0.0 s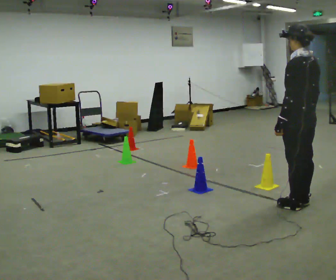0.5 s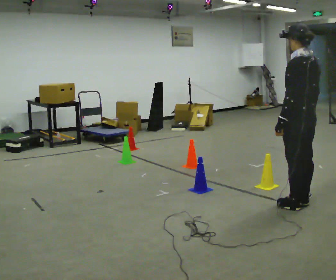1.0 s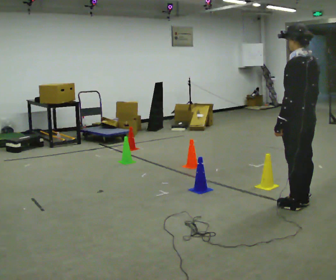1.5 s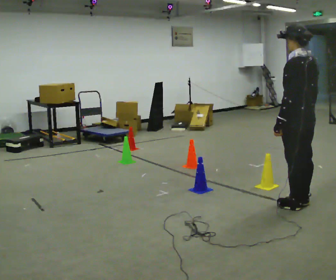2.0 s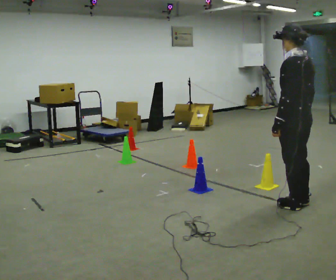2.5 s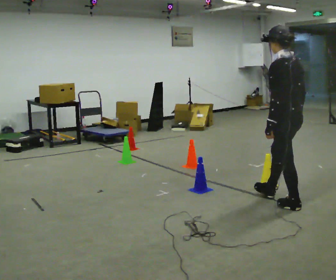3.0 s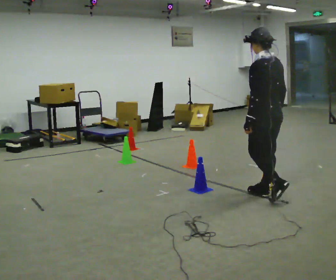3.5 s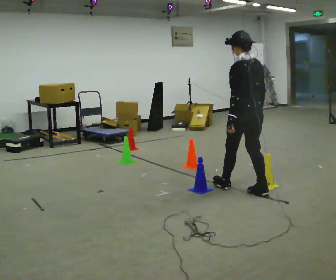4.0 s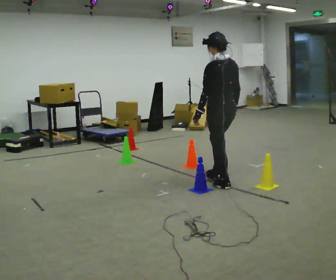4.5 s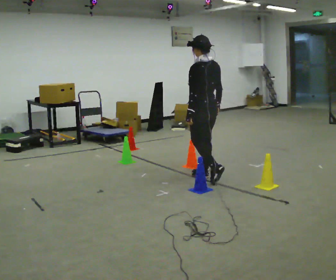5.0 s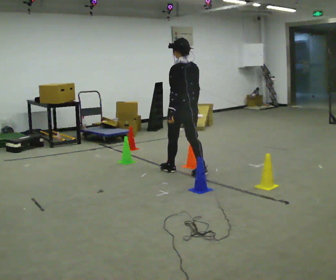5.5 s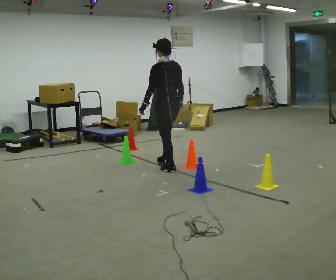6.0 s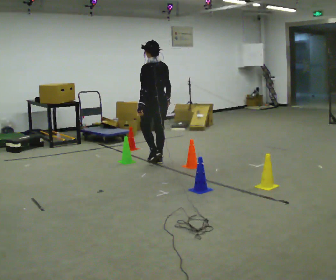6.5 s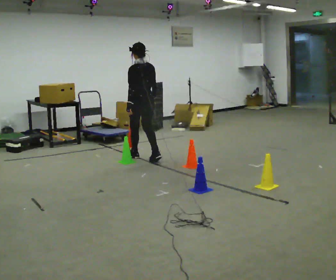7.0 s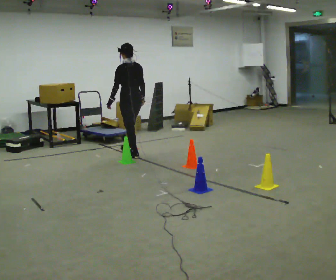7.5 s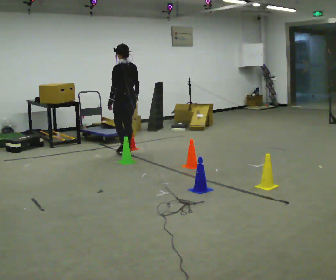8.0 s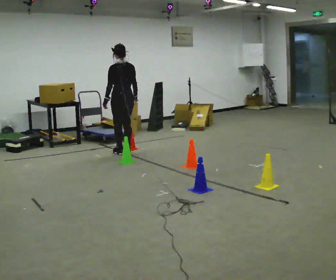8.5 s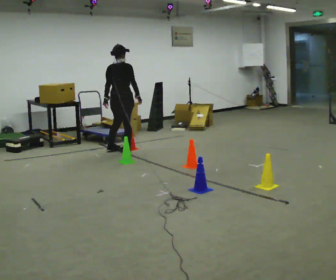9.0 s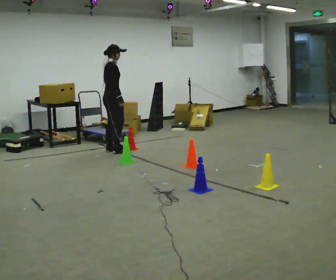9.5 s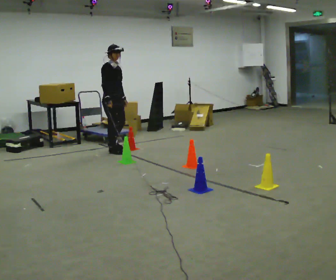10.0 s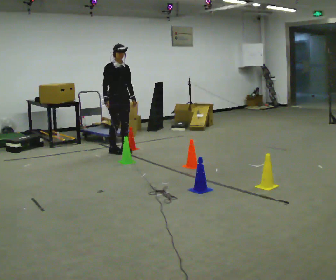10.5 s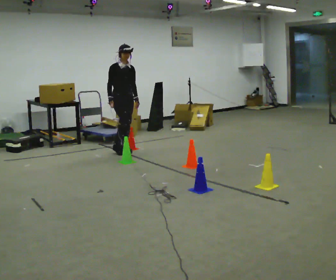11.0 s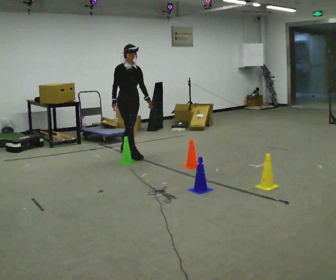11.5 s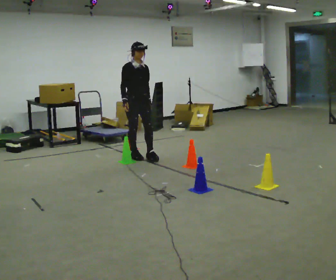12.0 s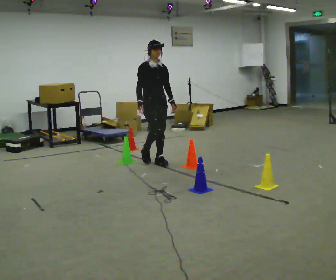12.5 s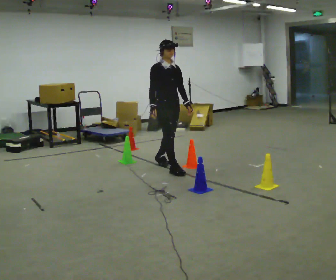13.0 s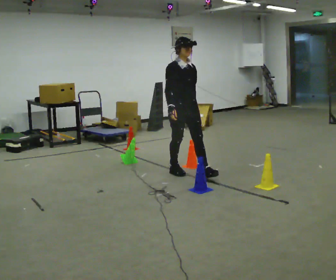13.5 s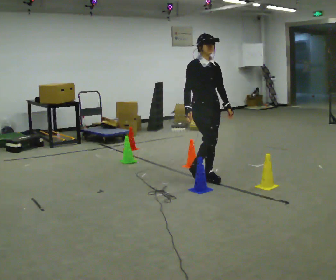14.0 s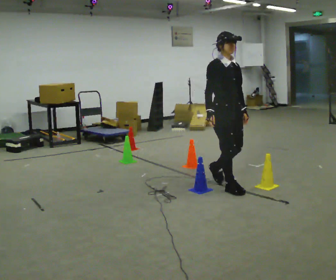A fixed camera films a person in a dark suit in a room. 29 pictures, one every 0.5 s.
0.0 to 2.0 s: The person moves a little, or ends about where they began.
2.0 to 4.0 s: In the picture they go away from the camera and to the left, about 1 m in 2 steps, which for them is forward.
4.0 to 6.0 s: In the picture they go away from the camera and to the left, about 1.5 m in 3 steps, which for them is forward.
6.0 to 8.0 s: In the picture they go away from the camera and to the left, about 1 m in 3 steps, which for them is forward.
8.0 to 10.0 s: The person turns about 180 degrees to their right, clockwise seen from above, so the part of the body nearest the lens slides to the left. In the picture their right hand goes to the left.
10.0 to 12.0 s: In the picture they go toward the camera and to the right, about 1 m in 2 steps, which for them is forward.
12.0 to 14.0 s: In the picture they go toward the camera and to the right, about 1.5 m in 3 steps, which for them is forward.
The film runs forward here.
